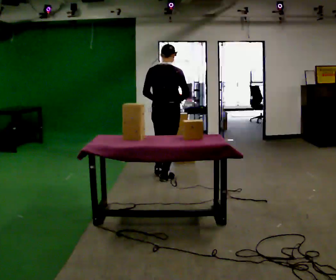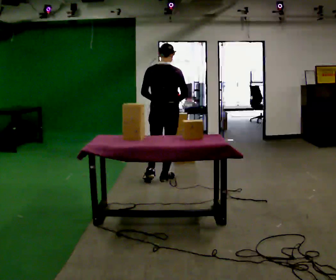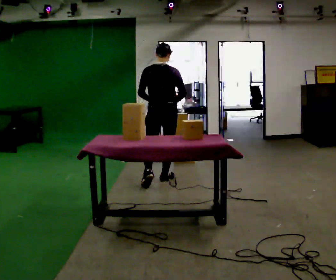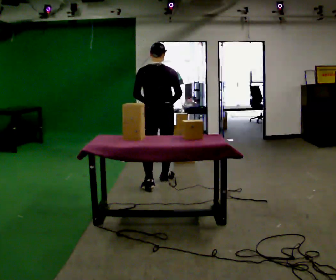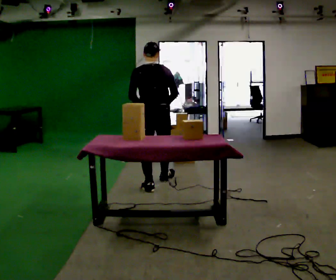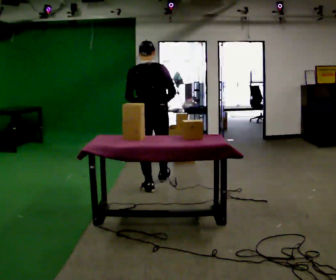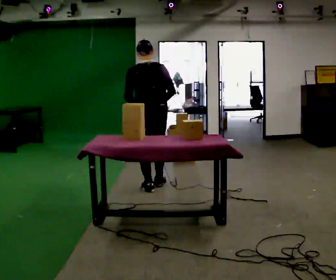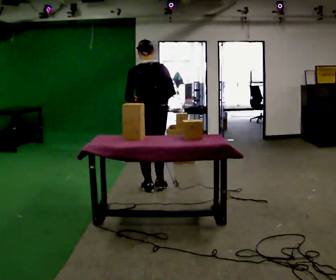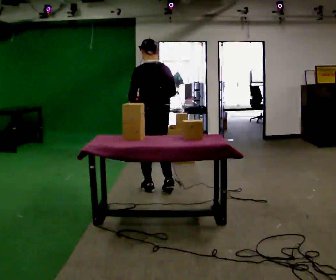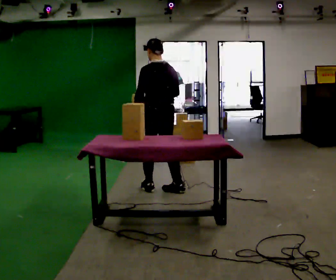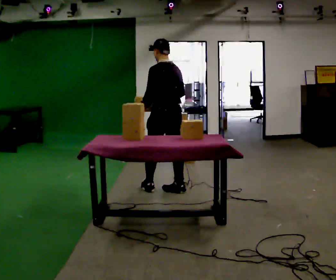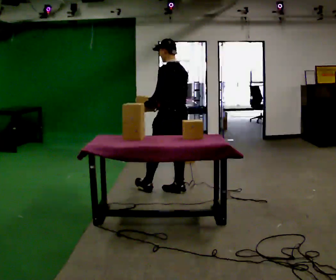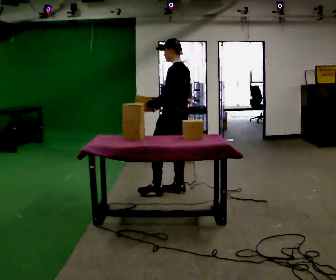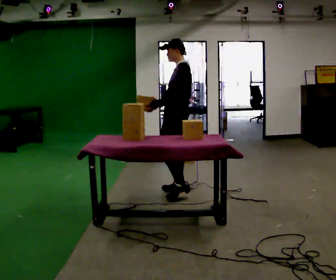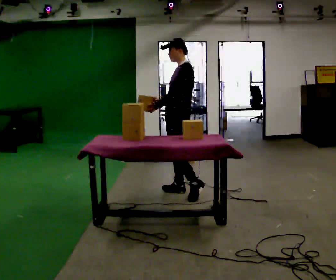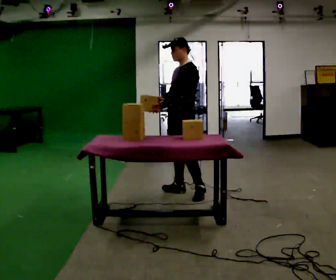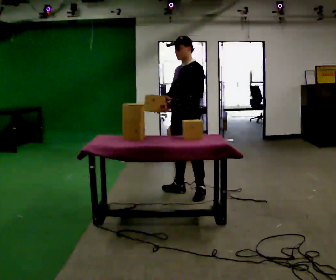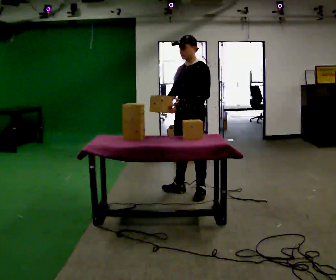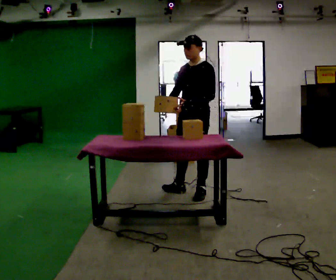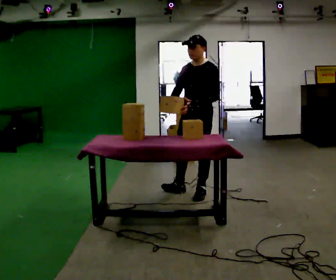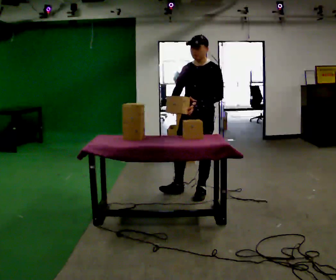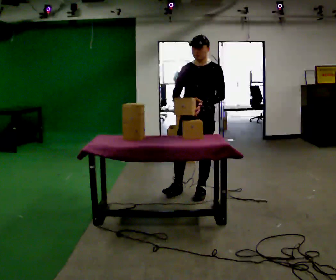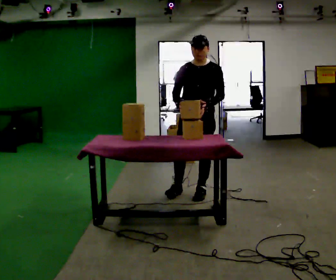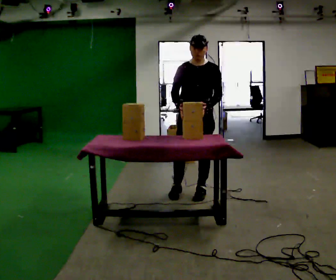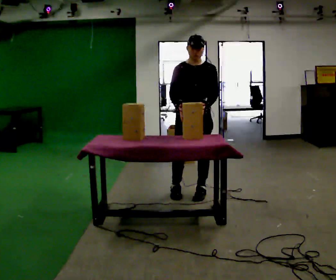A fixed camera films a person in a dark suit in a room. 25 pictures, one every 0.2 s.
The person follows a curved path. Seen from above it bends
counterclockwise.
The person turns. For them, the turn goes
to their left.
0.0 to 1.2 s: The part of the body nearest the lens slides to the right as the person turns to their left by about 30 degrees. In the picture they go toward the camera, about 0.5 m in 1 step, which for them is backward.
1.2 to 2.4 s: The person turns about 60 degrees to their left, counterclockwise seen from above, so the part of the body nearest the lens slides to the right. In the picture they go to the right, about 0.25 m in 1 step, which for them is backward and to their right.
2.4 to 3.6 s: Seen from above the body turns counterclockwise, about 60 degrees: to their left, with its near side sliding to the right. In the picture they go to the right, about 0.25 m. In the picture their left hand goes to the right.
3.6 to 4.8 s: The person turns about 45 degrees to their left, counterclockwise seen from above, so the part of the body nearest the lens slides to the right.
The film runs backward here.
